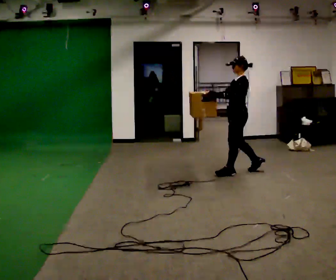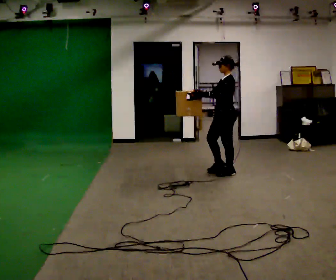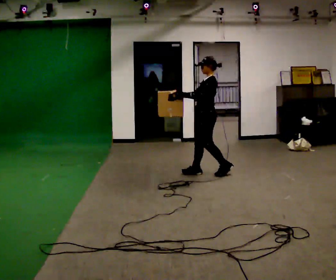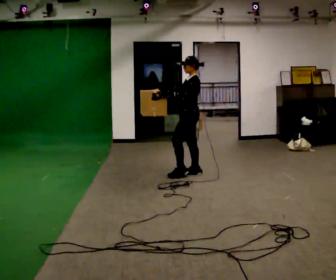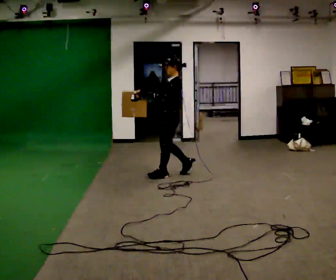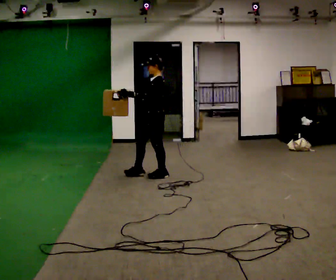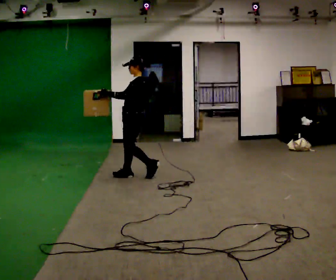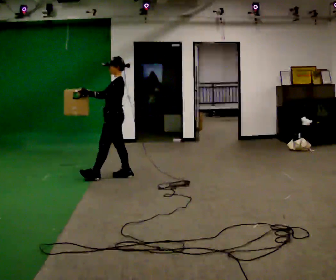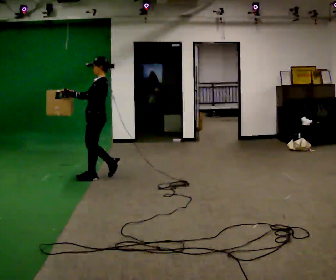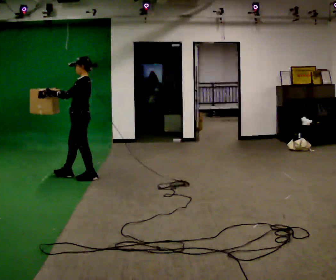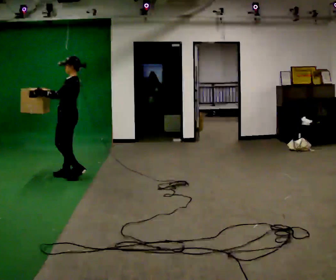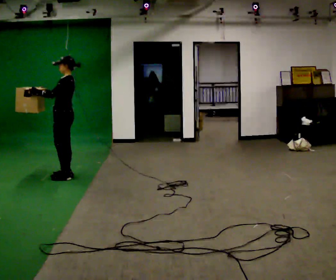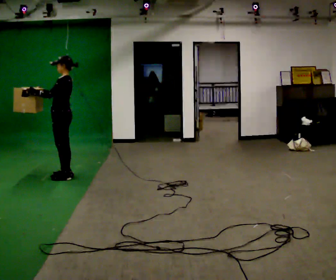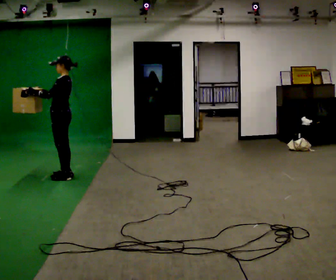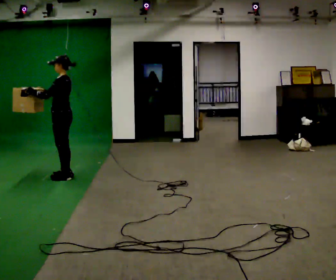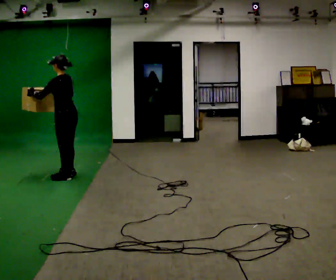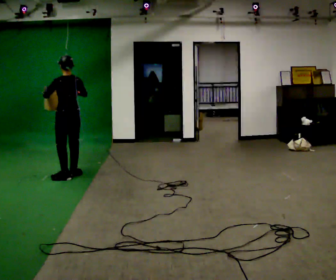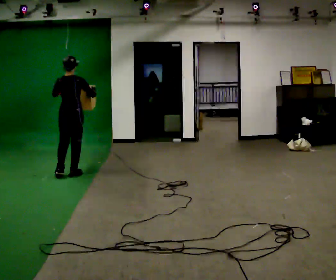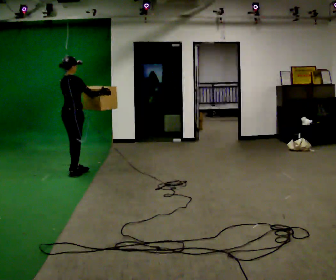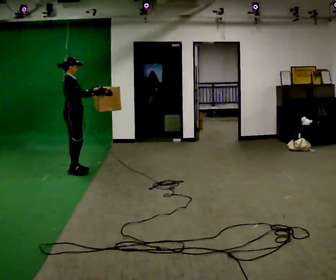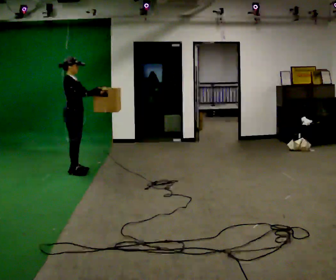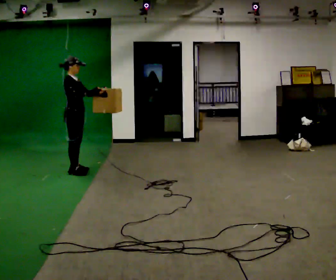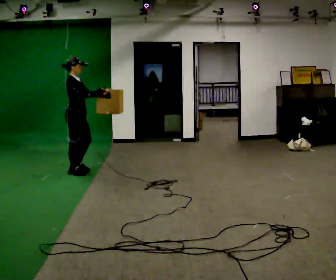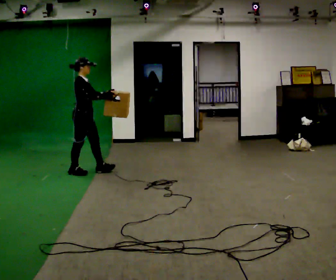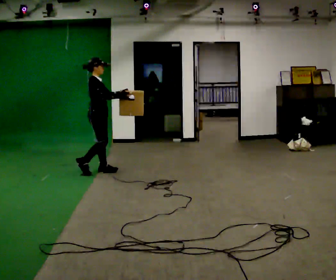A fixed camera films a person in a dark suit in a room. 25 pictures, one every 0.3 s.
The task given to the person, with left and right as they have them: Carry the box in both hands and walk back and forth across the room. The contents may move around. Carry on as best you can.
0.0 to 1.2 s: In the picture they go to the left, about 1 m in 2 steps, which for them is forward.
1.2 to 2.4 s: In the picture they go to the left, about 1 m in 2 steps, which for them is forward.
2.4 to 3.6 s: In the picture they go to the left, about 0.5 m in 2 steps, which for them is forward.
3.6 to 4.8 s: Seen from above the body turns clockwise, about 60 degrees: to their right, with its near side sliding to the left. In the picture their right hand goes to the right.
4.8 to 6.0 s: The person turns about 120 degrees to their right, clockwise seen from above, so the part of the body nearest the lens slides to the left. In the picture they go away from the camera, about 0.25 m in 1 step.
6.0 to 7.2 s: In the picture they go to the right, about 0.25 m in 1 step, which for them is forward.
The film runs forward here.
